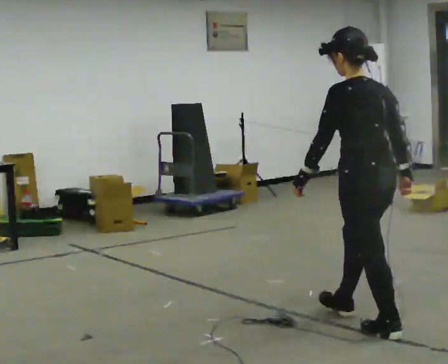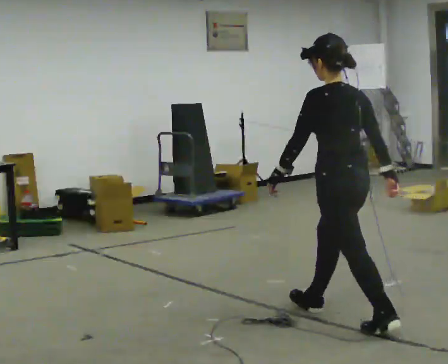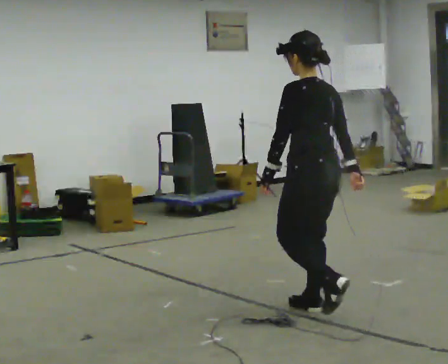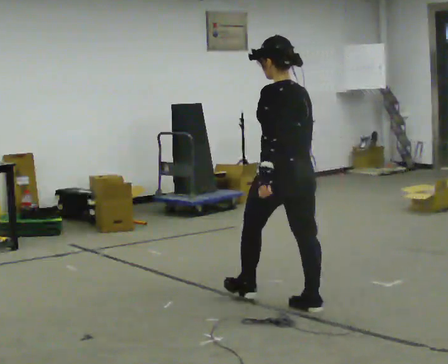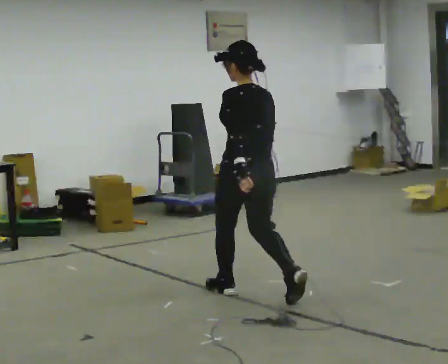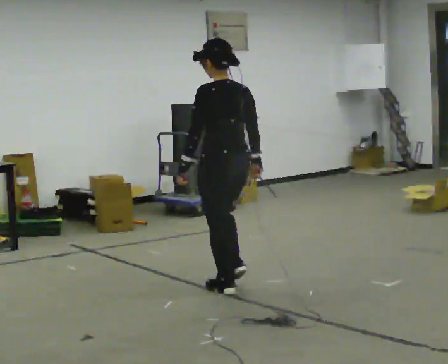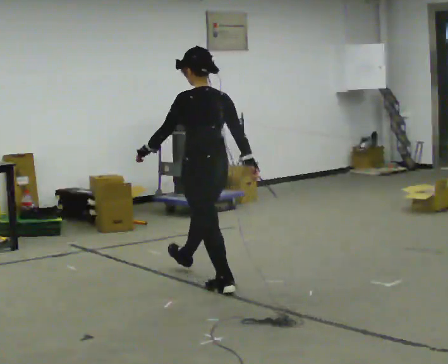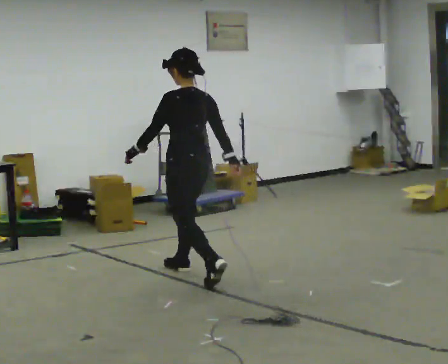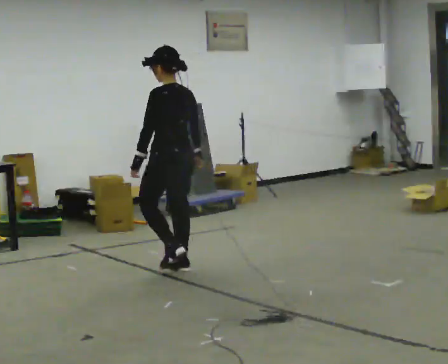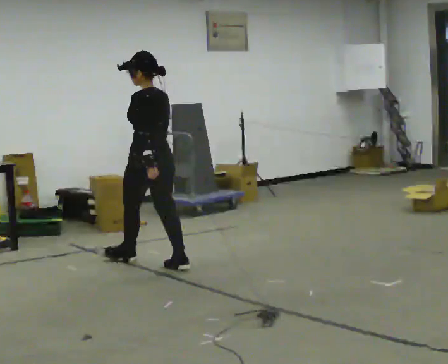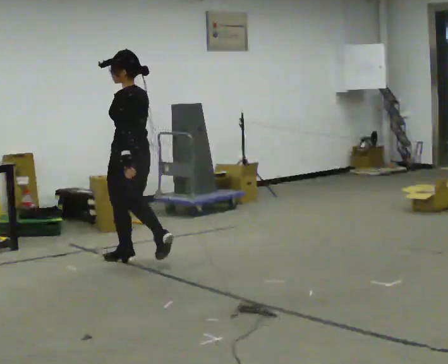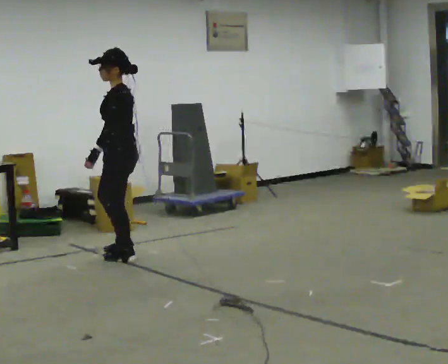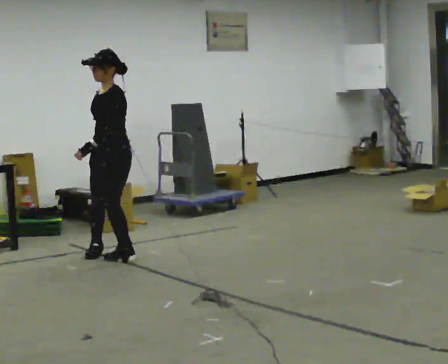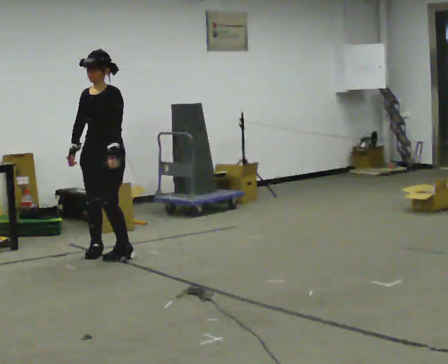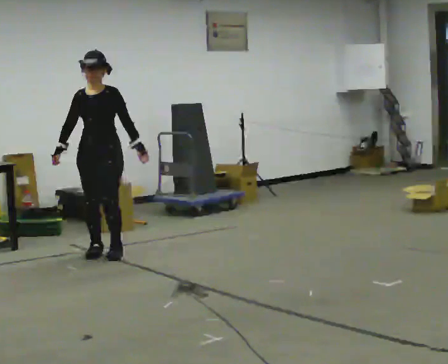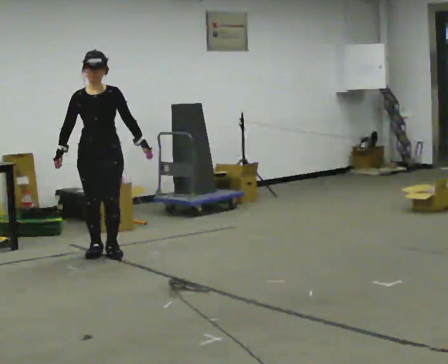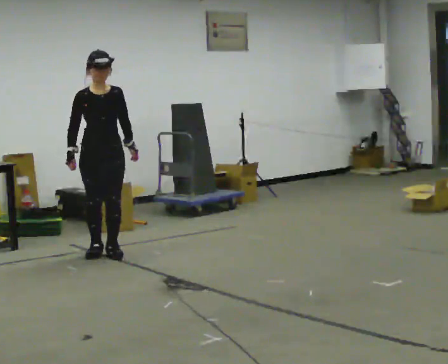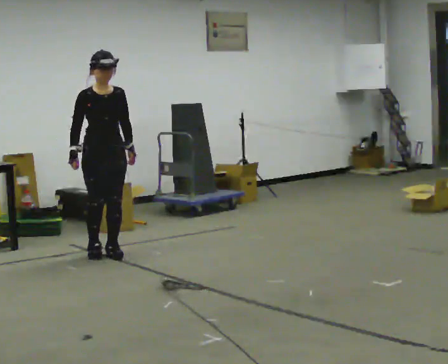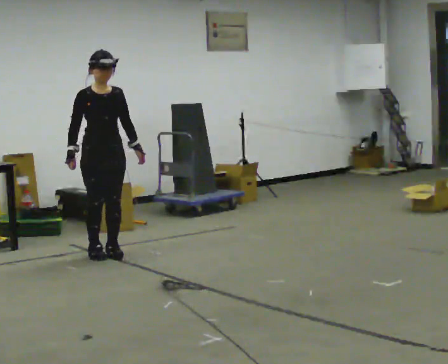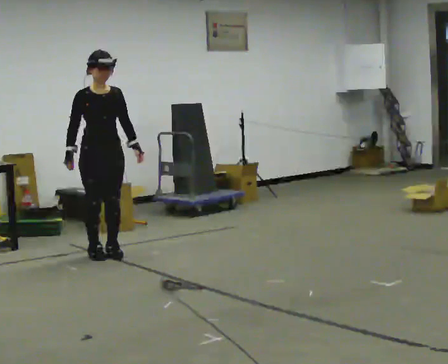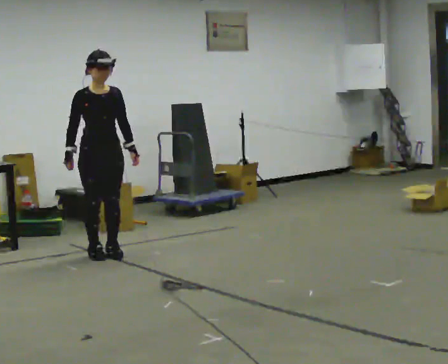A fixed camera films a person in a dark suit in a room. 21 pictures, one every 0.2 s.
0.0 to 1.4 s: In the picture they go away from the camera and to the left, about 1.5 m in 3 steps, which for them is forward.
1.4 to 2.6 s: Seen from above the body turns counterclockwise, about 105 degrees: to their left, with its near side sliding to the right. In the picture they go away from the camera and to the left, about 1 m in 2 steps.
2.6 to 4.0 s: Seen from above the body turns counterclockwise, about 60 degrees: to their left, with its near side sliding to the right.
The film runs forward here.
